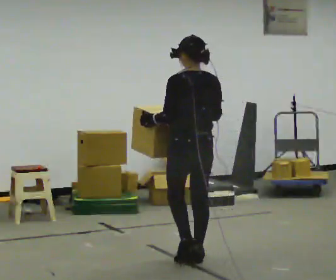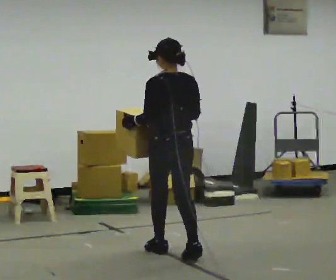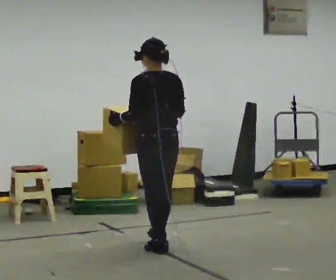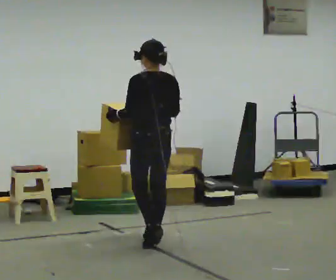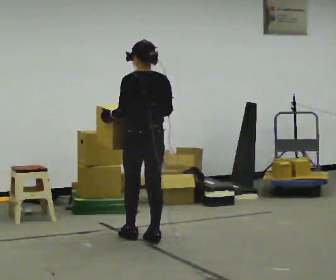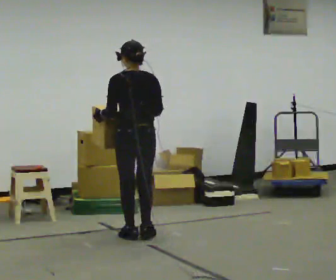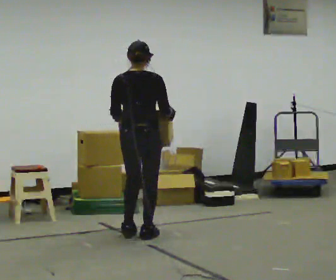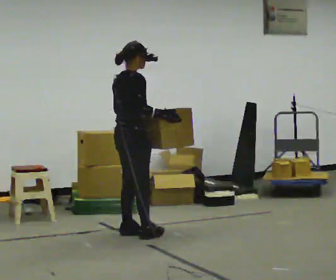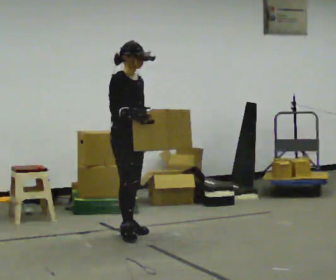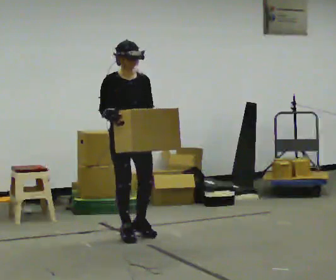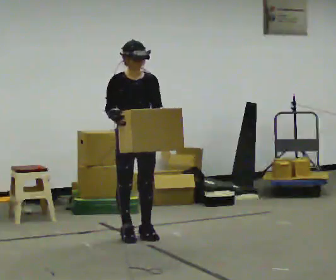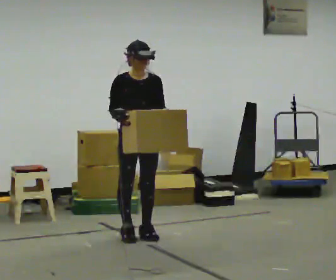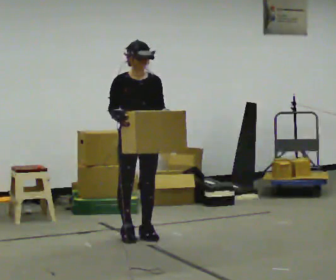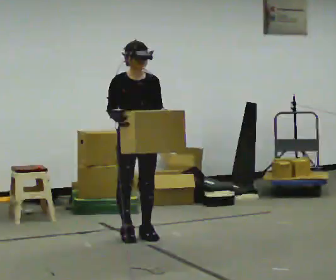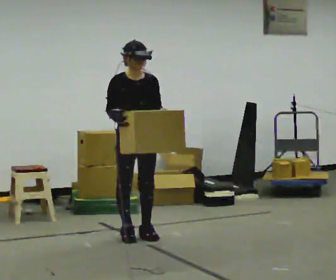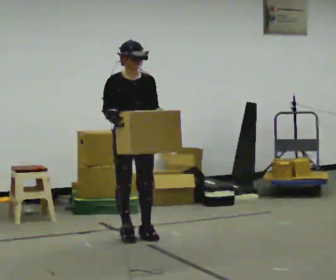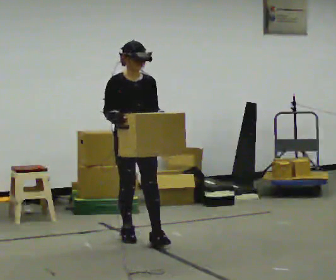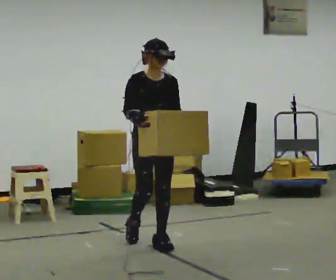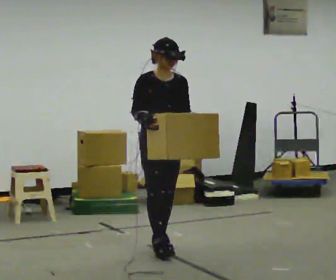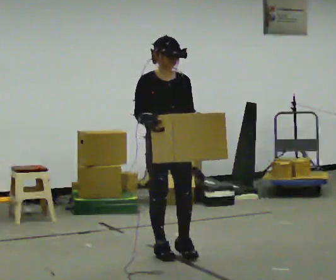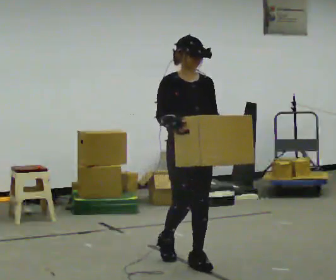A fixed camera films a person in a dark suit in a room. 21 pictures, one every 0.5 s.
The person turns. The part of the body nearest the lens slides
to the left.
The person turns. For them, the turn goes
to their right.
0.0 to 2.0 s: In the picture they go away from the camera and to the left, about 0.5 m in 3 steps, which for them is forward.
2.0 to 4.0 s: Seen from above the body turns clockwise, about 150 degrees: to their right, with its near side sliding to the left. In the picture they go away from the camera and to the left, about 0.25 m in 2 steps.
4.0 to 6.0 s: The part of the body nearest the lens slides to the left as the person turns to their right by about 45 degrees.
6.0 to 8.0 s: The person moves a little, or ends about where they began.
8.0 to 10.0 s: In the picture they go toward the camera and to the right, about 1 m in 3 steps, which for them is forward.
The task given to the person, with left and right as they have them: Carry the box across the room much more slowly and carefully than normal, back and forth.
The film runs forward here.
